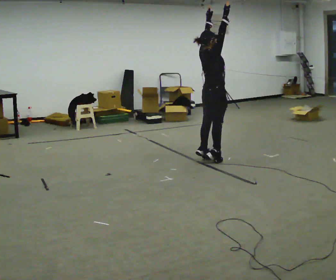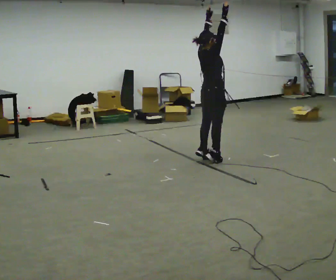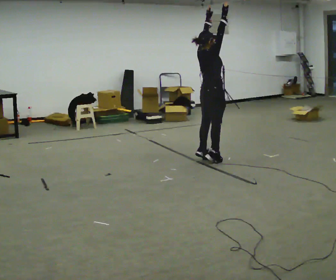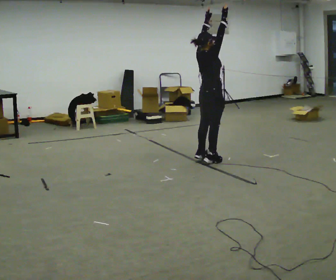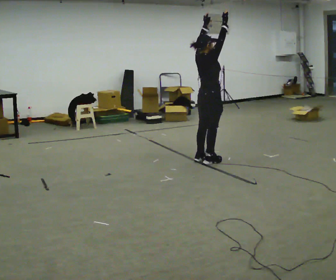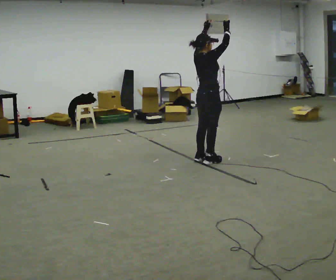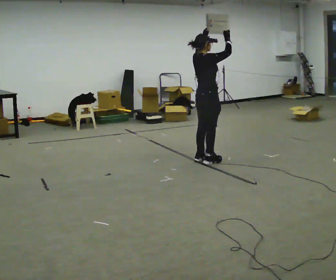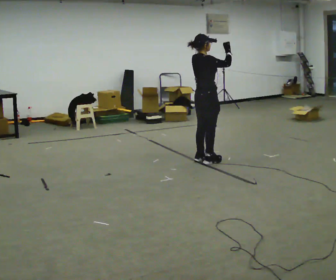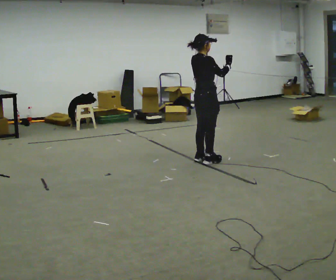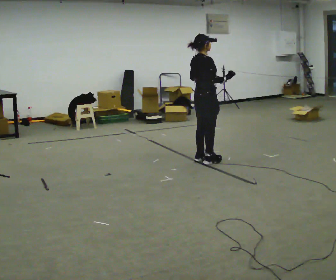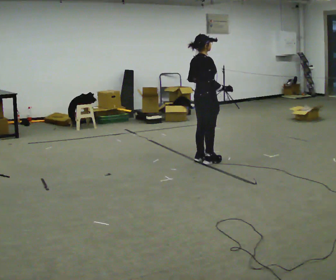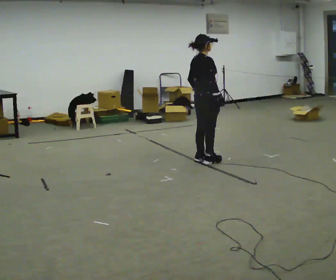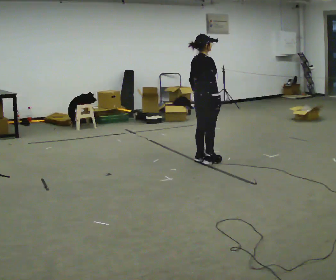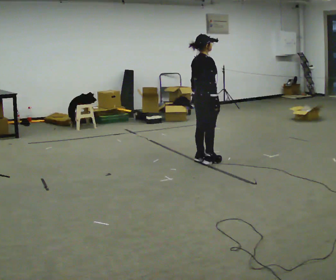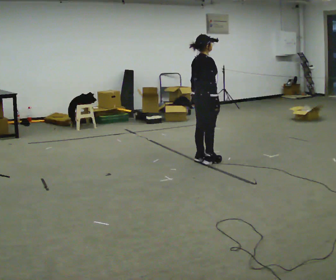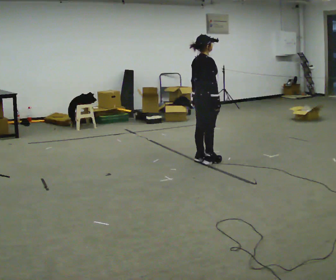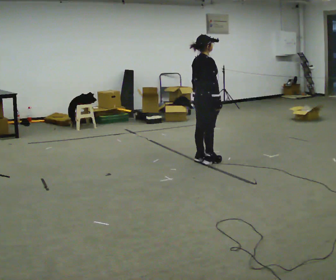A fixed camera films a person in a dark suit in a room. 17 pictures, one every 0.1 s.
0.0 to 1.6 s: In the picture their right hand goes downward, the arm swinging clockwise.
The film runs forward here.
